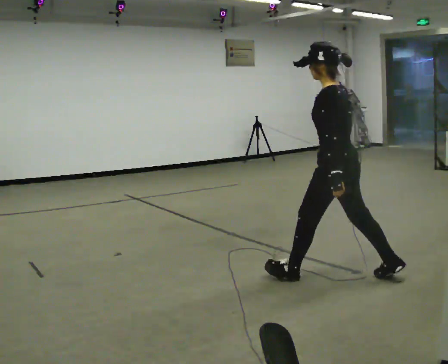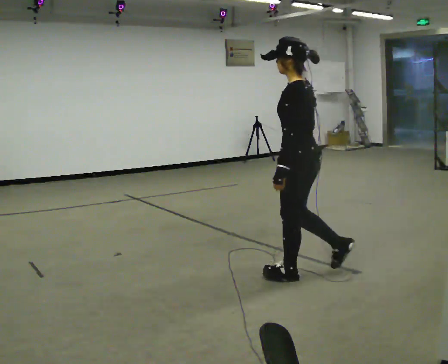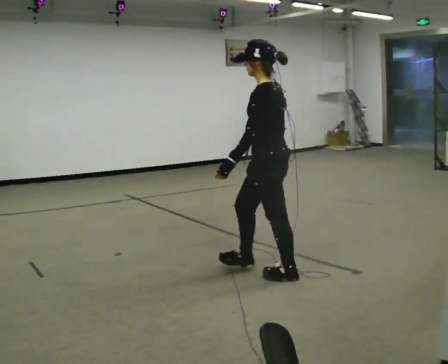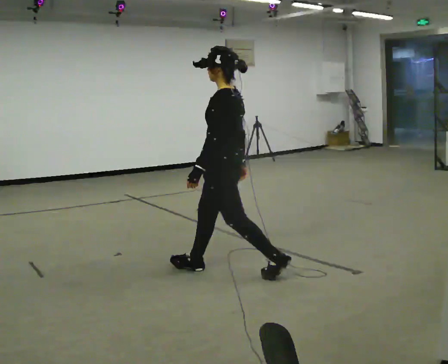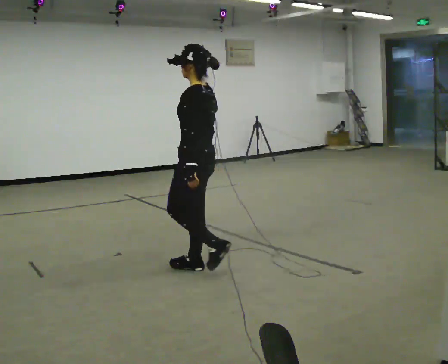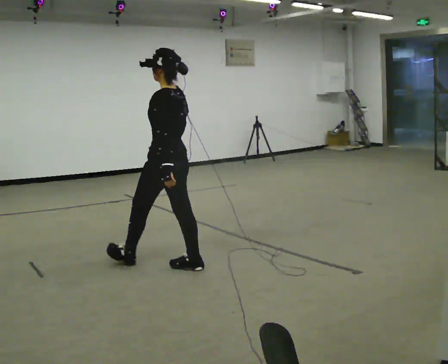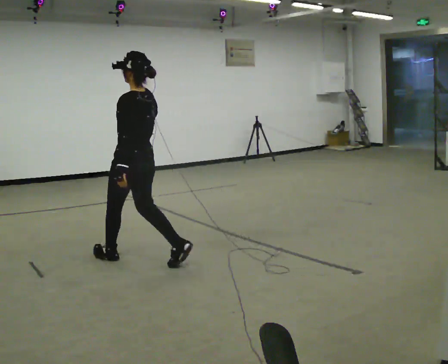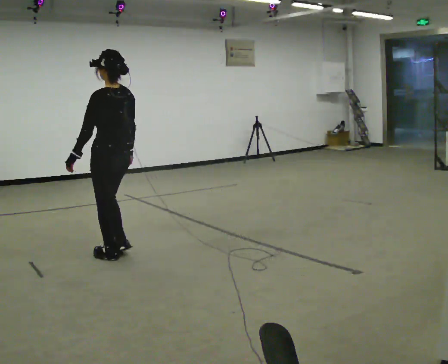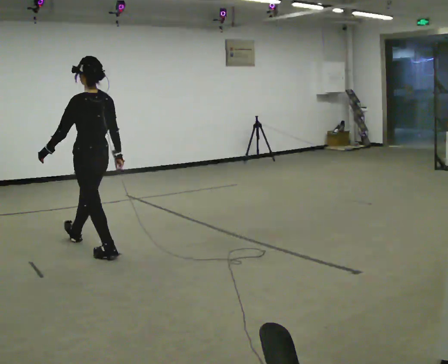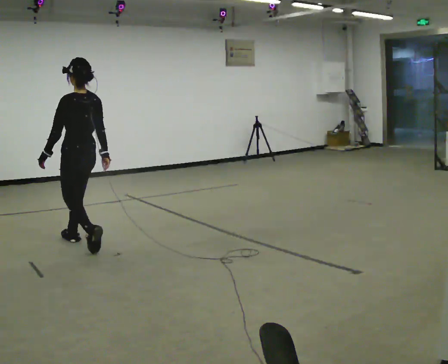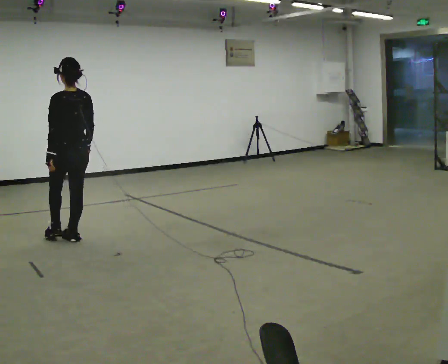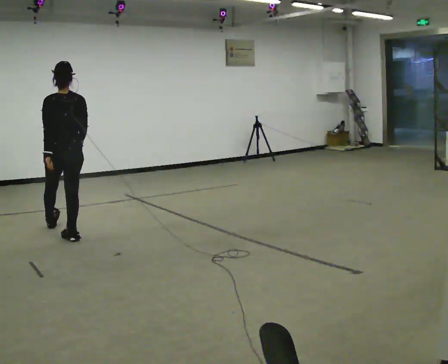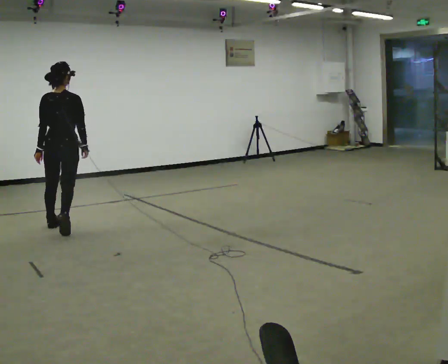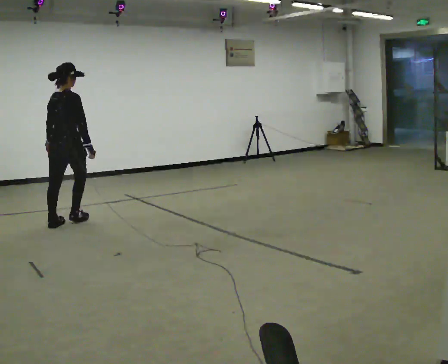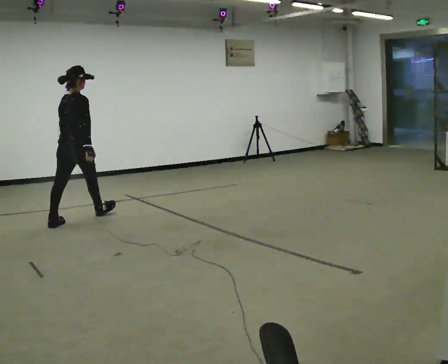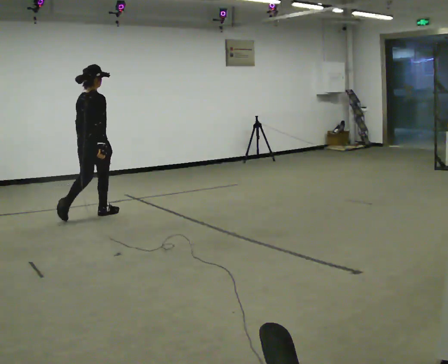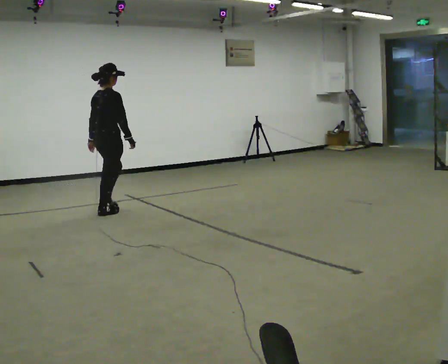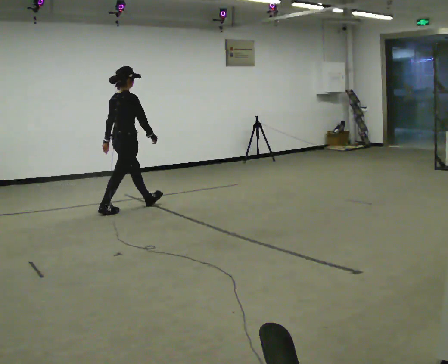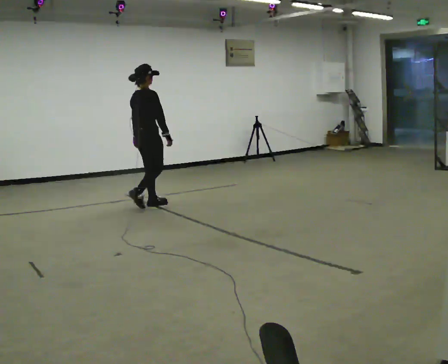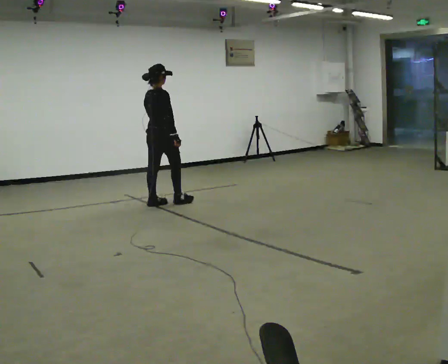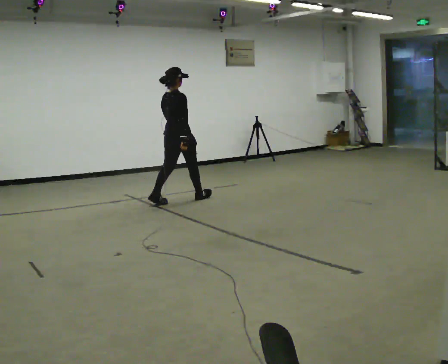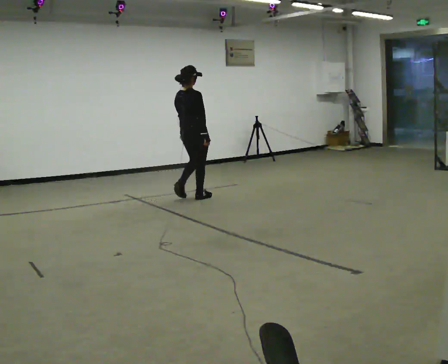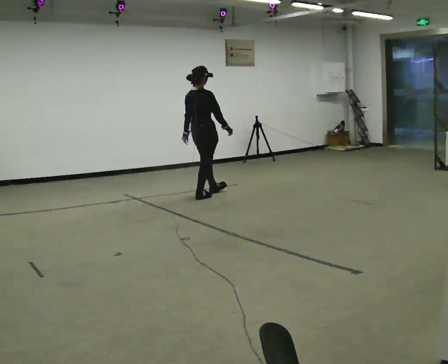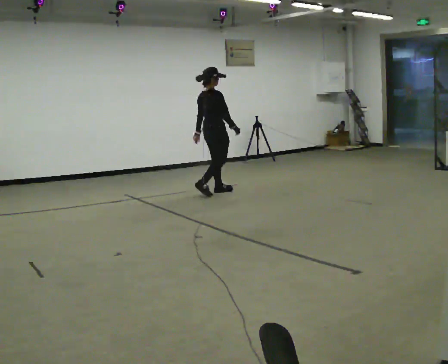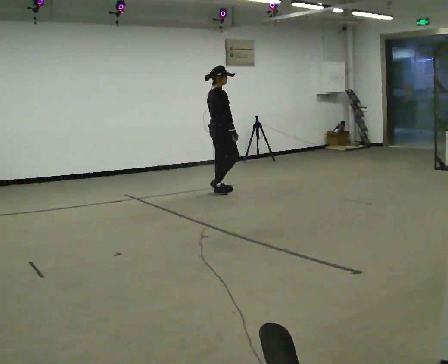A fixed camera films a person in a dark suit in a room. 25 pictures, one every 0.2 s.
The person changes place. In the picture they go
away from the camera.
The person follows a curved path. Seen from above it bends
clockwise.
0.0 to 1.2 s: In the picture they go to the left and away from the camera, about 1.5 m in 2 steps, which for them is forward.
1.2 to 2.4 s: Seen from above the body turns clockwise, about 60 degrees: to their right, with its near side sliding to the left. In the picture they go away from the camera and to the left, about 1 m in 2 steps, which for them is forward.
2.4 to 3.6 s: Seen from above the body turns clockwise, about 45 degrees: to their right, with its near side sliding to the left. In the picture they go to the right and away from the camera, about 1.5 m in 2 steps, which for them is forward.
3.6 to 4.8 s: Seen from above the body turns clockwise, about 30 degrees: to their right, with its near side sliding to the left. In the picture they go to the right and away from the camera, about 1 m in 2 steps, which for them is forward.
The film runs forward here.
